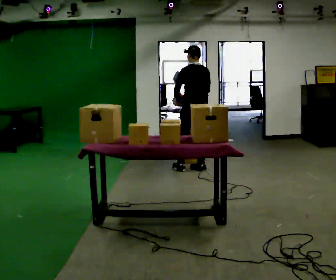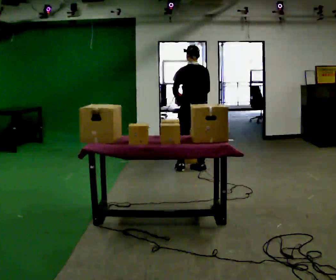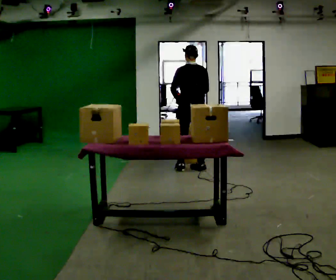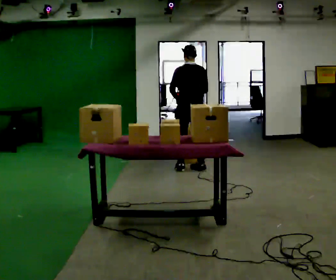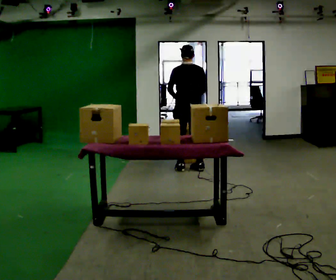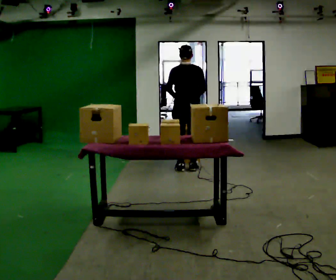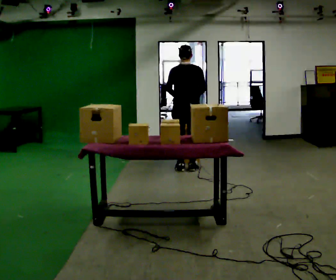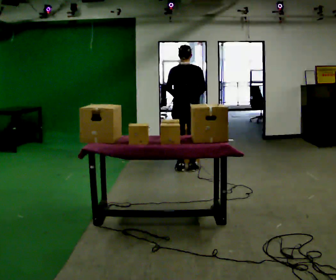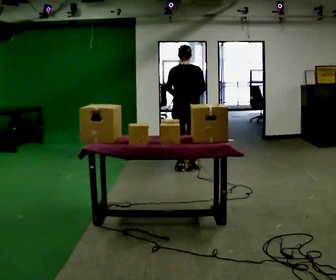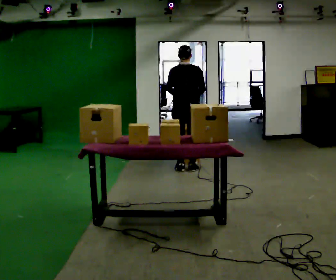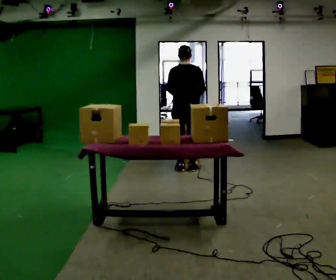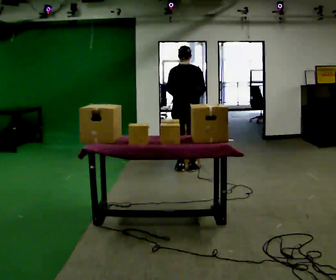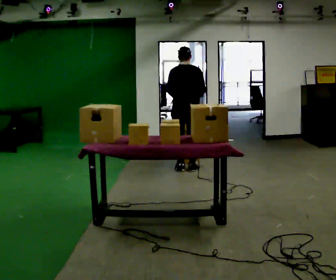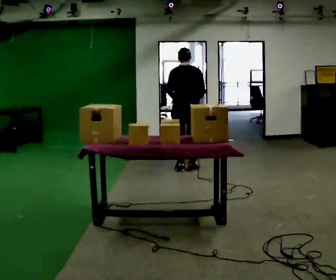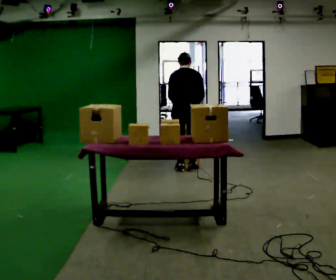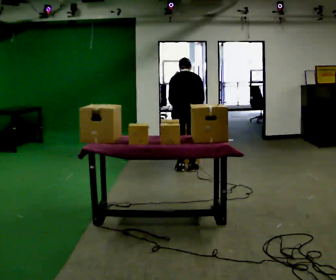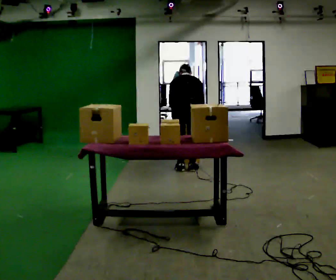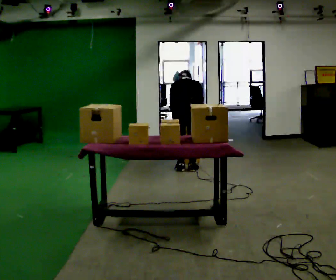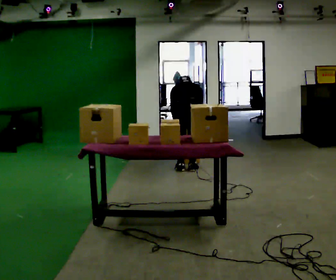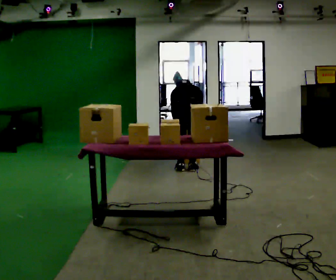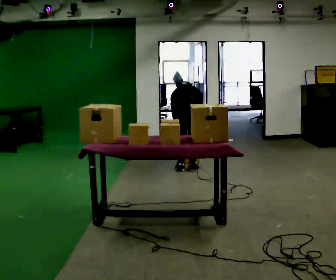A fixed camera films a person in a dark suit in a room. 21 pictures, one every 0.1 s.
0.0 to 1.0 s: The person turns about 45 degrees to their right, clockwise seen from above, so the part of the body nearest the lens slides to the left. In the picture they go to the left, about 0.25 m in 1 step, which for them is to their left.
1.0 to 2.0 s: In the picture they go toward the camera, about 0.25 m, which for them is backward. The upper body goes downward. The upper body tips away from the camera, its near side rolling upward, as they bend forward. In the picture their left hand goes downward.
The film runs backward here.
